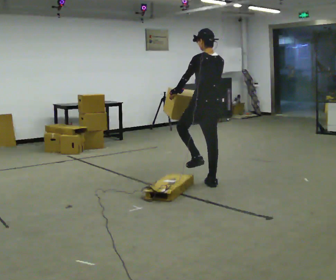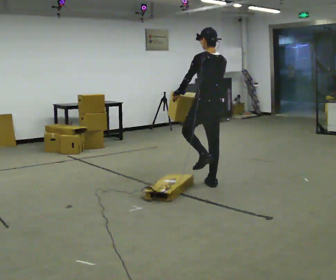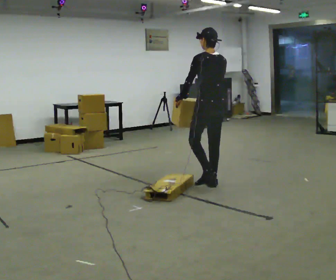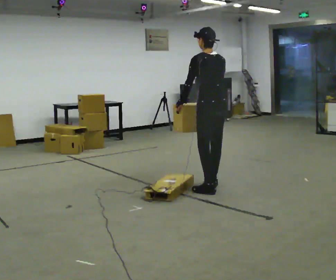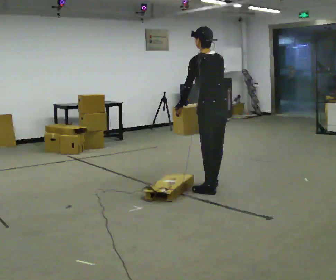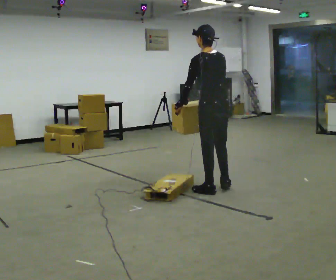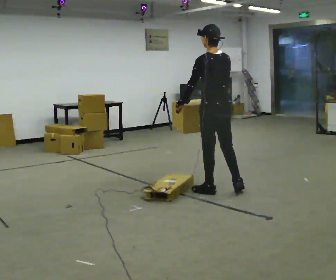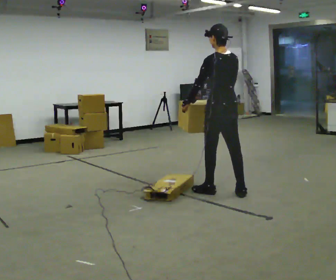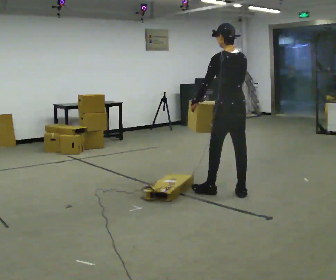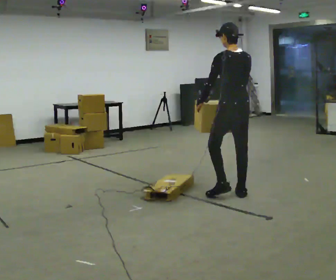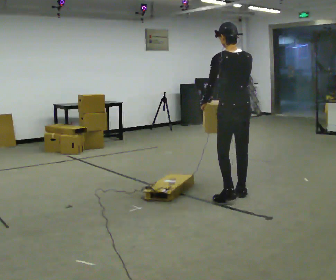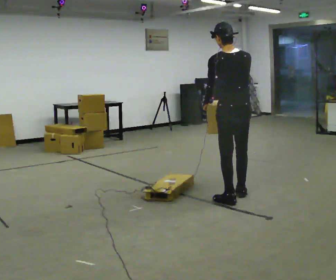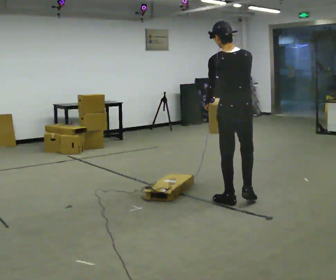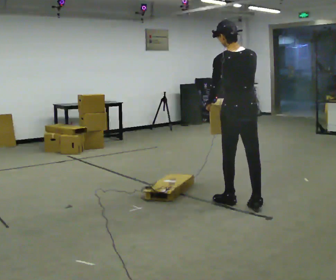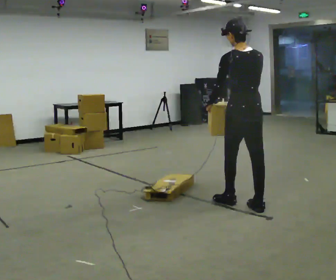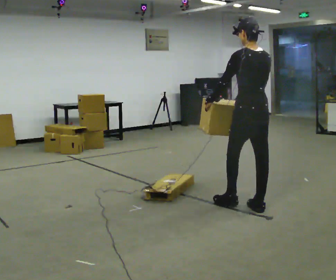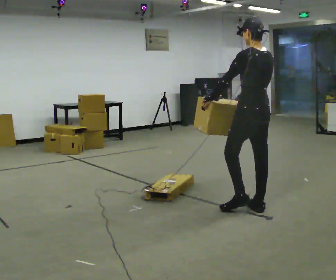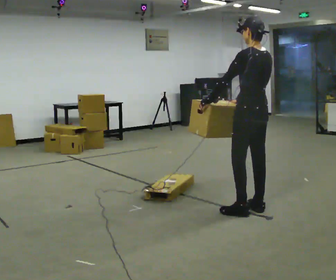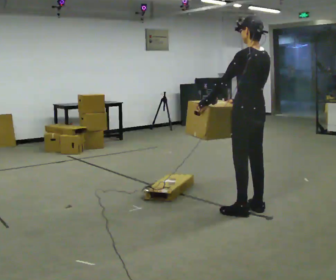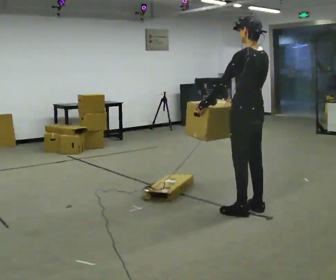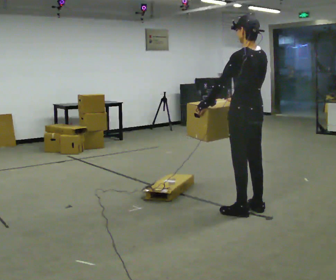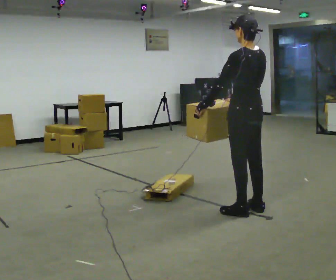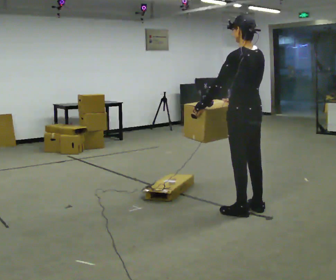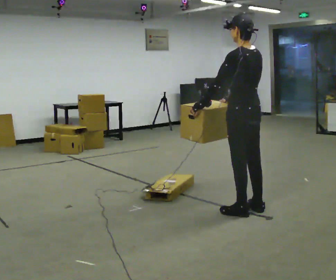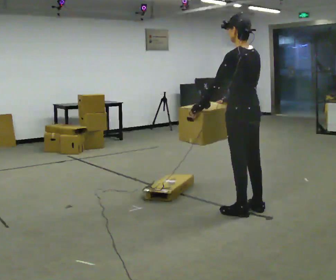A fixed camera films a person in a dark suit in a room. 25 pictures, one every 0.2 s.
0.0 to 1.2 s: In the picture they go toward the camera and to the right, about 0.5 m in 1 step, which for them is backward.
1.2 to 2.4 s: The part of the body nearest the lens slides to the left as the person turns to their right by about 30 degrees. In the picture they go toward the camera and to the right, about 0.25 m in 2 steps, which for them is backward.
2.4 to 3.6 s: Seen from above the body turns counterclockwise, about 30 degrees: to their left, with its near side sliding to the right. In the picture they go toward the camera and to the right, about 0.25 m in 1 step, which for them is backward.
3.6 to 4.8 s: The person moves a little, or ends about where they began.
The film runs backward here.
